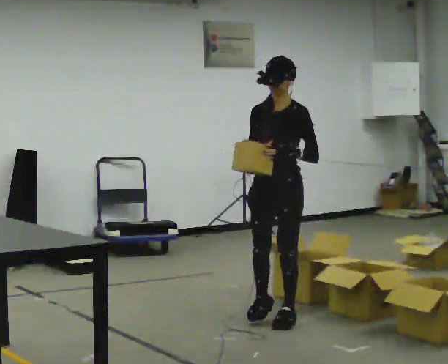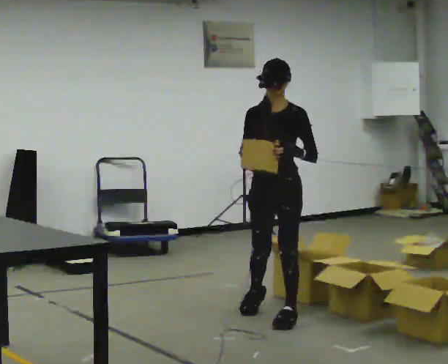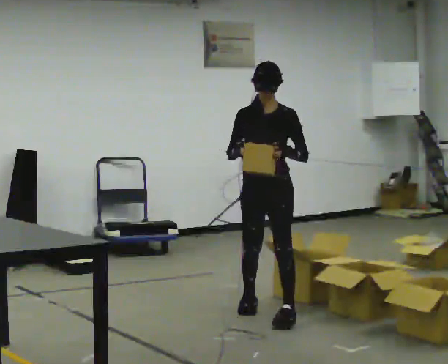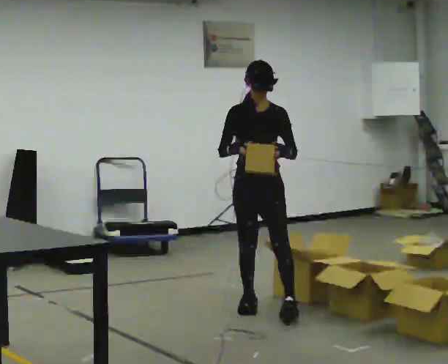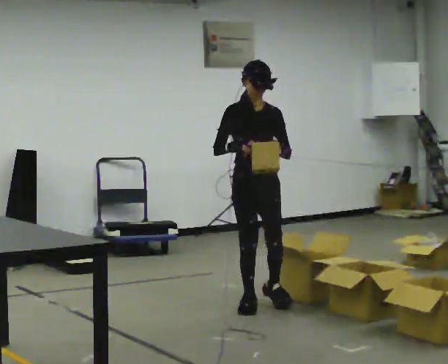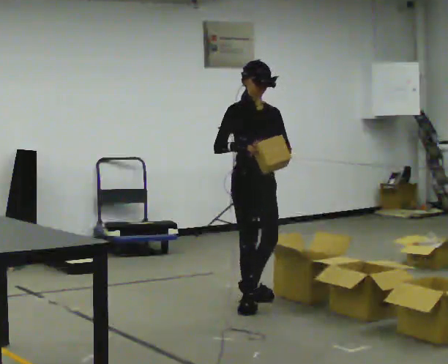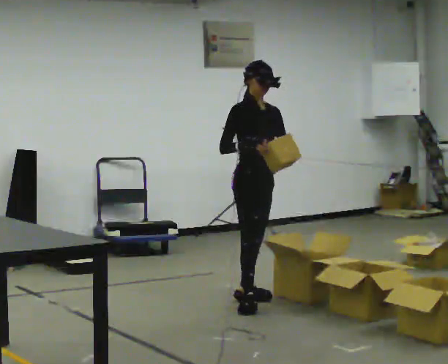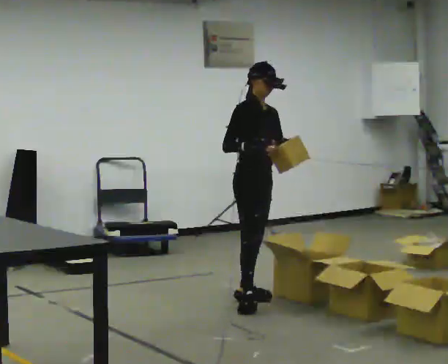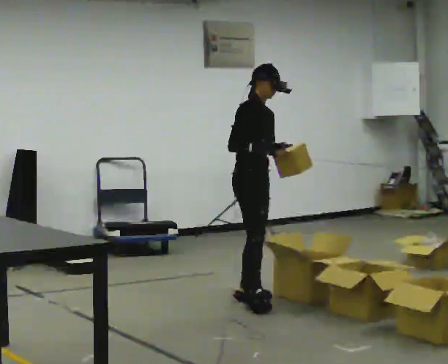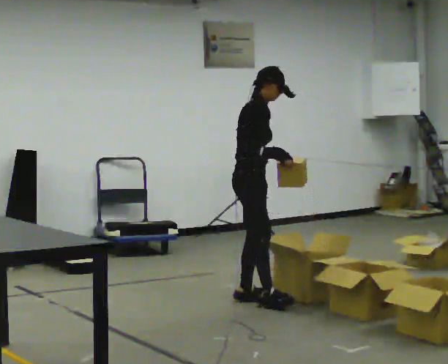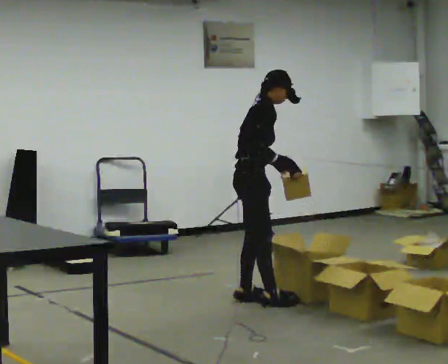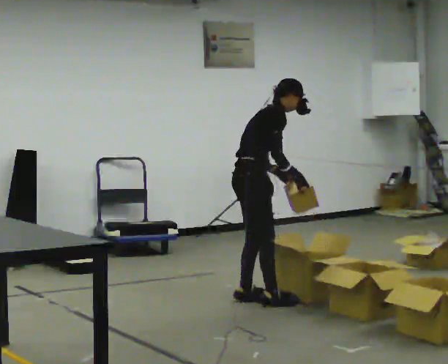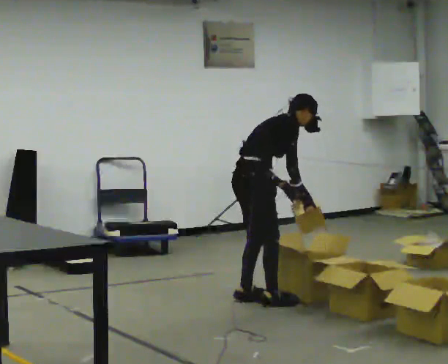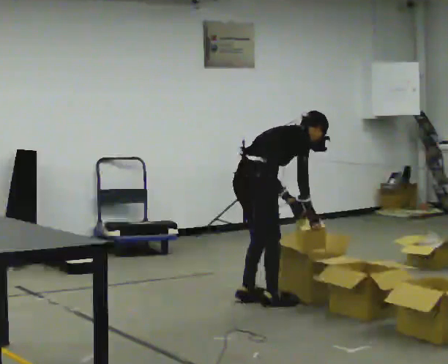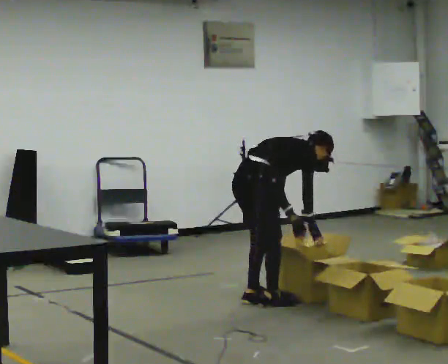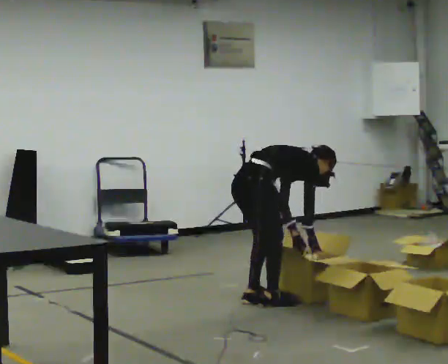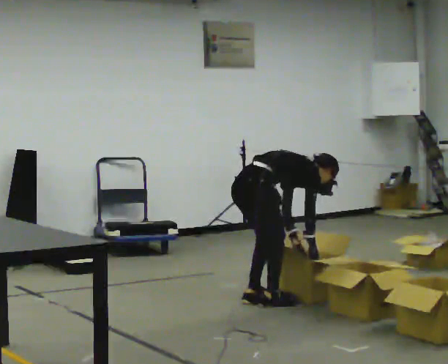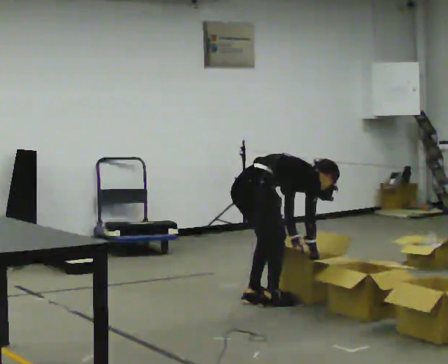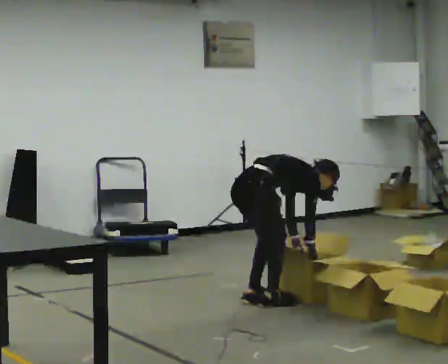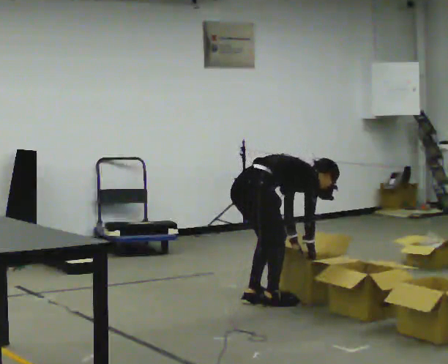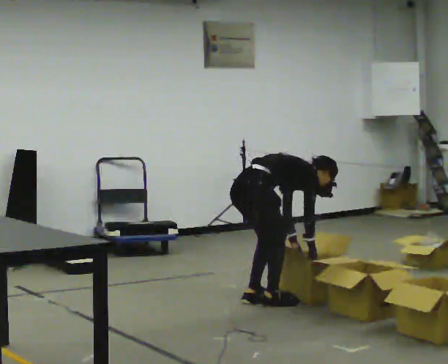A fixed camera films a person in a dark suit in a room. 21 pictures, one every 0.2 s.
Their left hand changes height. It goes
downward.
Their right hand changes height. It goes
downward.
0.0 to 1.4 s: The person turns about 75 degrees to their left, counterclockwise seen from above, so the part of the body nearest the lens slides to the right. In the picture they go away from the camera, about 0.5 m in 1 step.
1.4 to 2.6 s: Seen from above the body turns counterclockwise, about 60 degrees: to their left, with its near side sliding to the right. The shoulders move downward. In the picture the upper body tilts clockwise, shoulders to the right, as they bend forward. In the picture their left hand goes downward.
2.6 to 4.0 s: The shoulders move downward. In the picture the upper body tilts clockwise, shoulders to the right, as they bend forward. In the picture their left hand goes downward.
The film runs backward here.
